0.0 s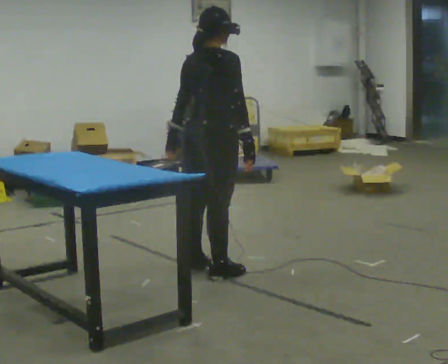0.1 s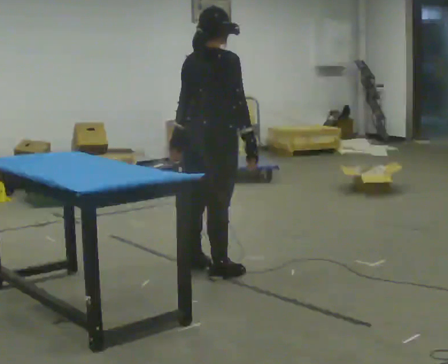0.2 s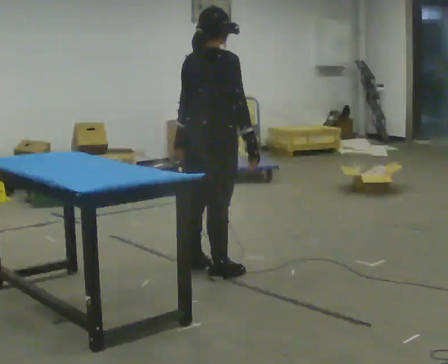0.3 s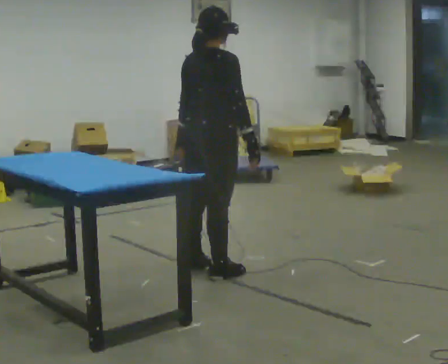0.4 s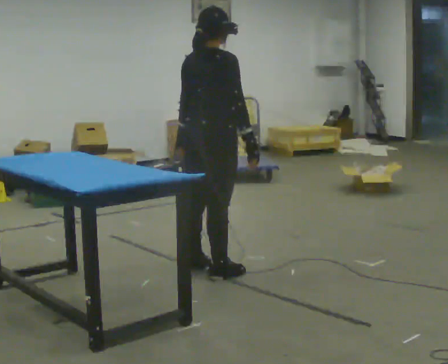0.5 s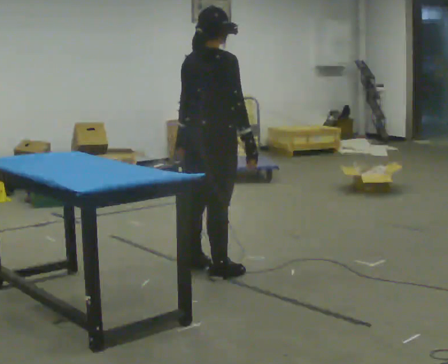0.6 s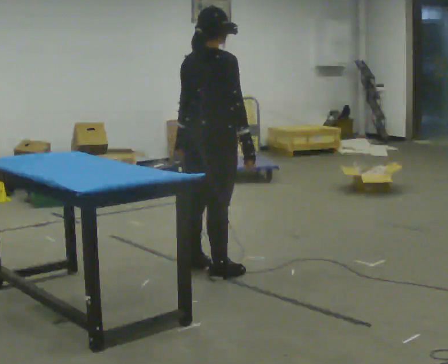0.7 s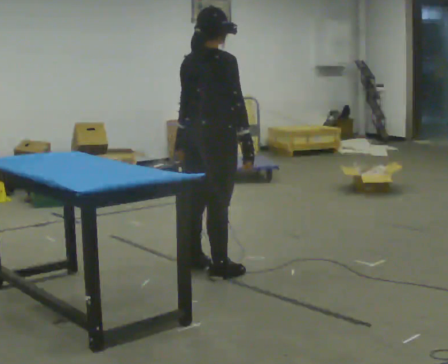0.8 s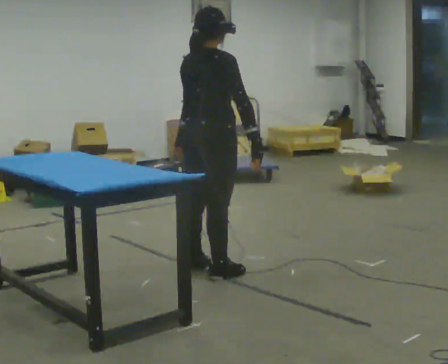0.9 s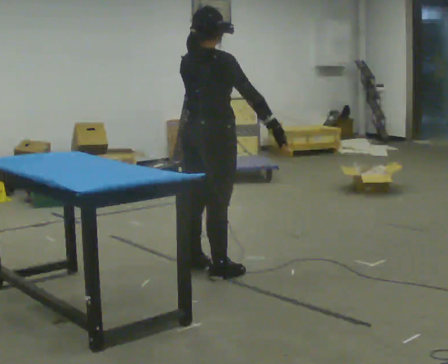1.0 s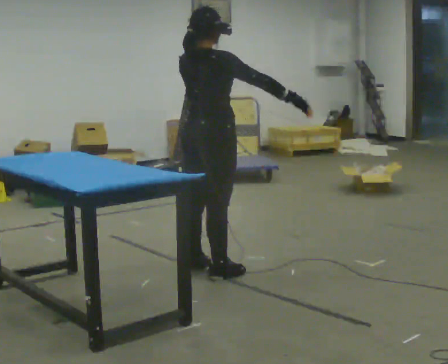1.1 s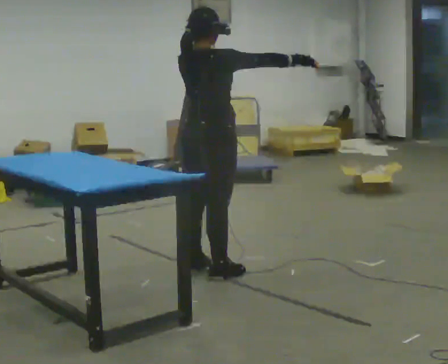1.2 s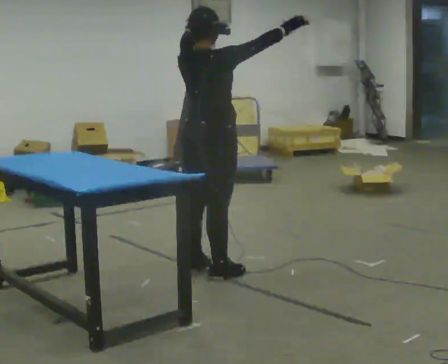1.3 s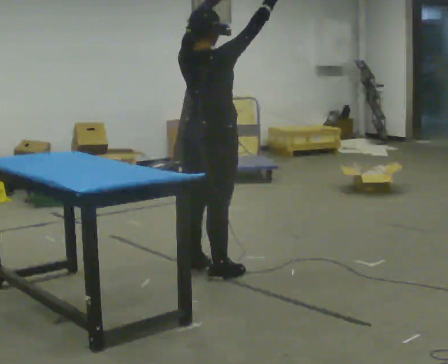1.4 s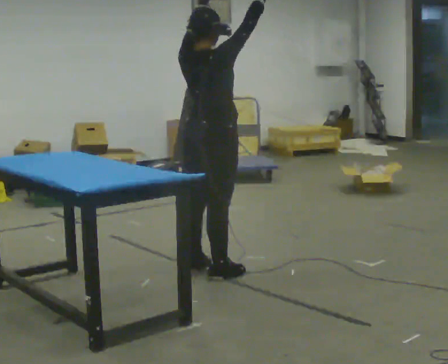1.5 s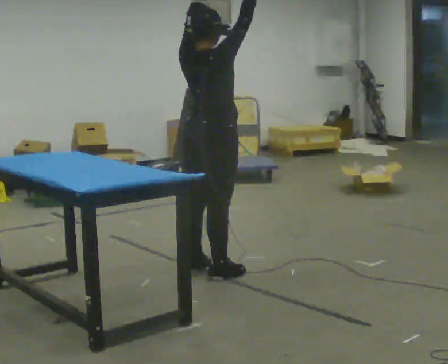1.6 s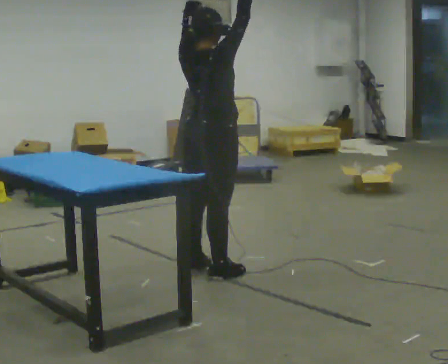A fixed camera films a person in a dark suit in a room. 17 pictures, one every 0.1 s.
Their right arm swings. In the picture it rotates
counterclockwise.
Their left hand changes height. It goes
upward.
0.0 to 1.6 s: In the picture their right hand goes upward, the arm swinging counterclockwise.
The film runs forward here.
